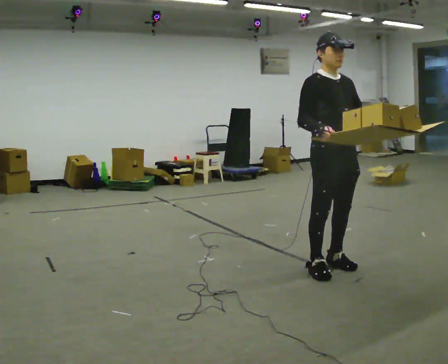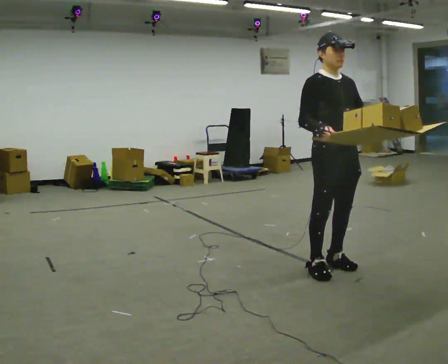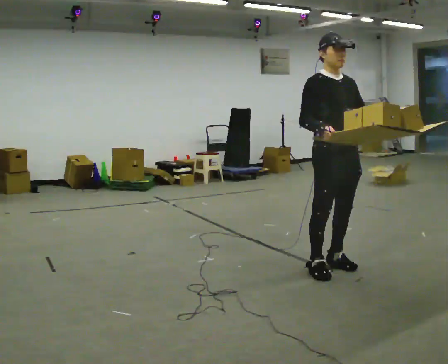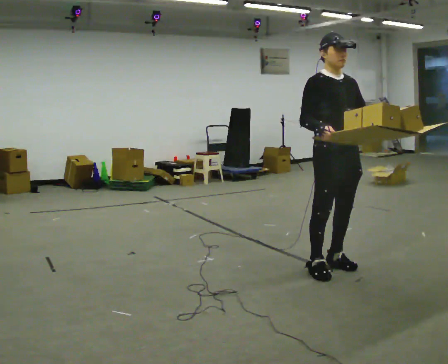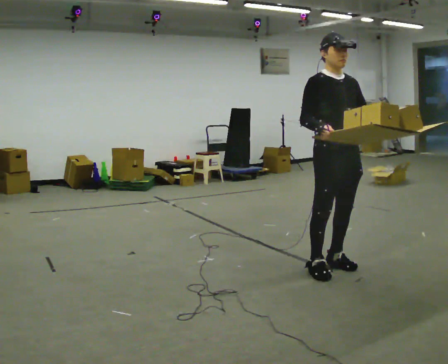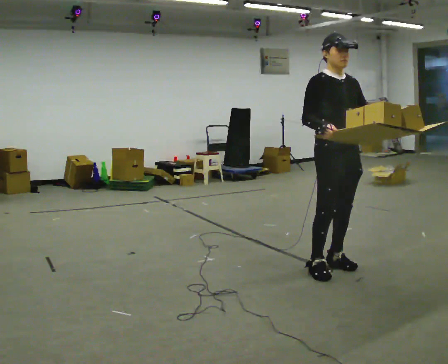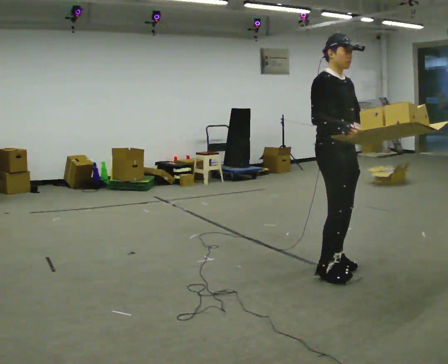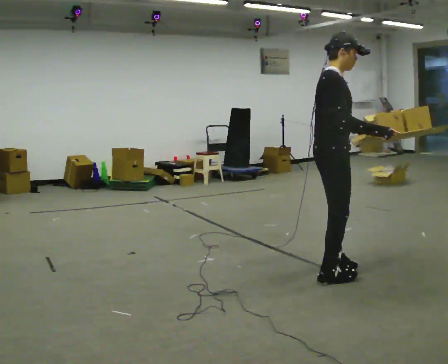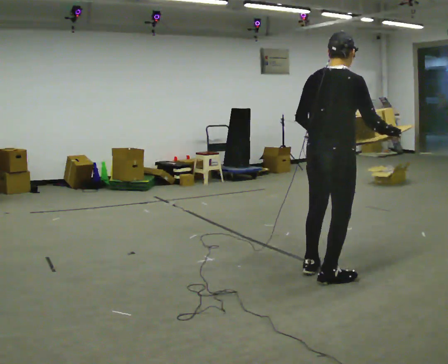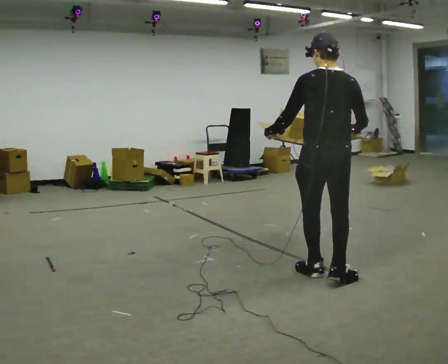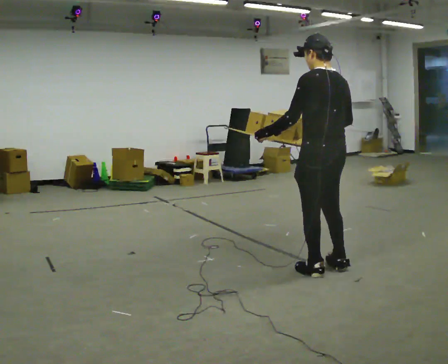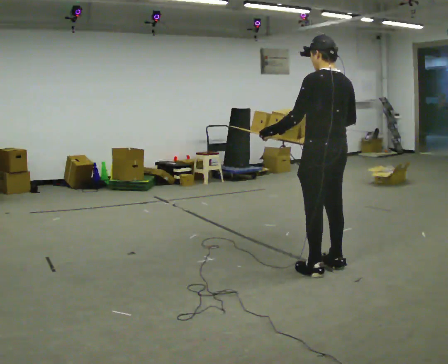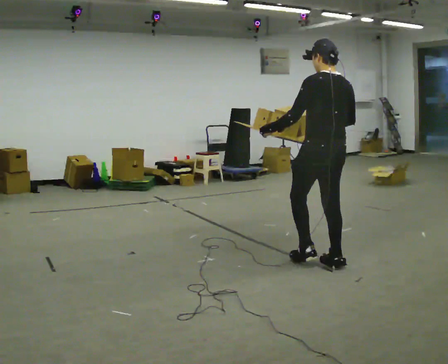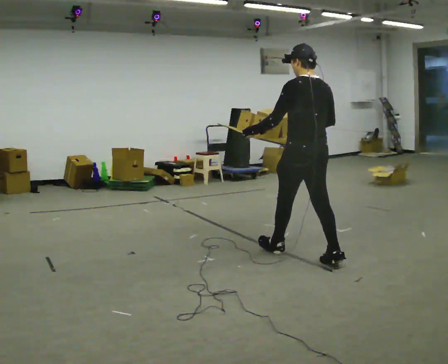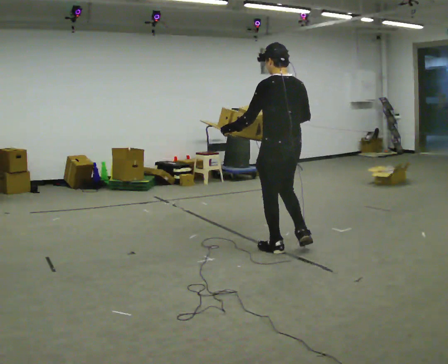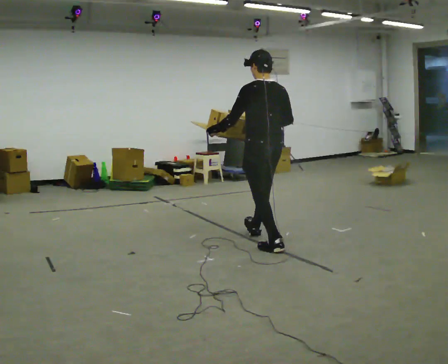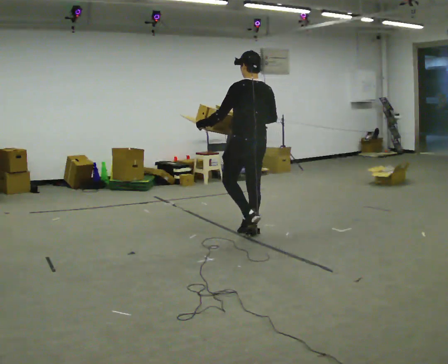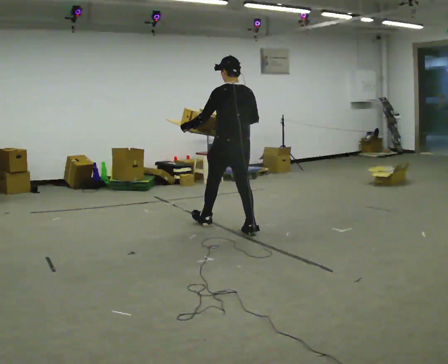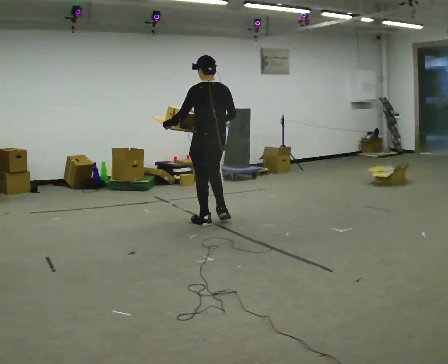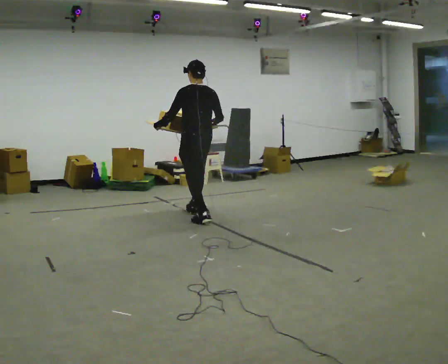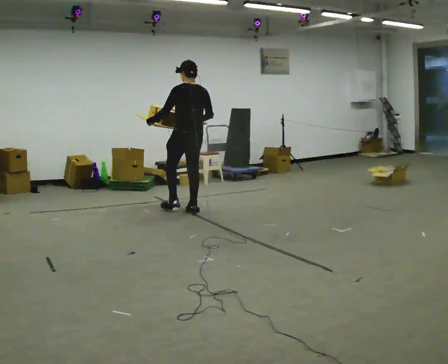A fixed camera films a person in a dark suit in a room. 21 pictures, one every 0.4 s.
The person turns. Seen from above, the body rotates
counterclockwise.
The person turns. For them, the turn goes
to their left.
0.0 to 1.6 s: The person moves a little, or ends about where they began.
1.6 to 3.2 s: Seen from above the body turns counterclockwise, about 120 degrees: to their left, with its near side sliding to the right. In the picture they go toward the camera, about 0.25 m in 1 step. In the picture their left hand goes to the left, the arm swinging clockwise.
3.2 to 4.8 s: The person turns about 60 degrees to their left, counterclockwise seen from above, so the part of the body nearest the lens slides to the right. In the picture they go away from the camera, about 0.5 m in 2 steps.
4.8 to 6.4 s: In the picture they go away from the camera and to the left, about 1 m in 2 steps, which for them is forward.
6.4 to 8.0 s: In the picture they go away from the camera and to the left, about 1 m in 2 steps, which for them is forward.
The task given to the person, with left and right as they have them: Carry the loaded tray flat and level in both hands, walking back and forth across the room. Try not to let anything slide off.
The film runs forward here.
